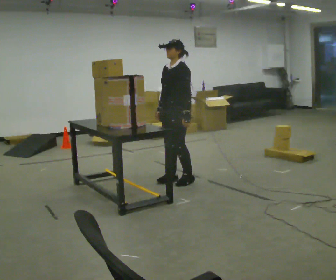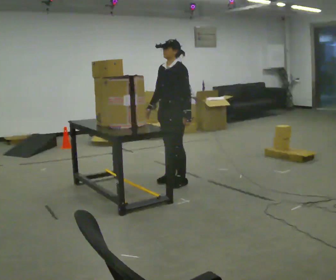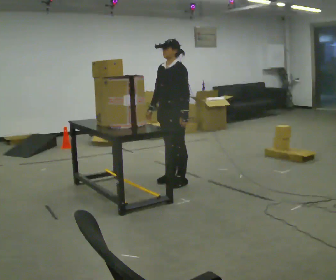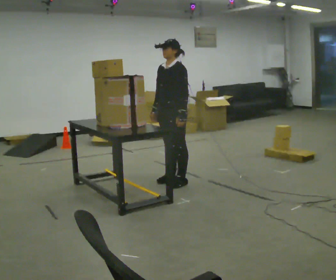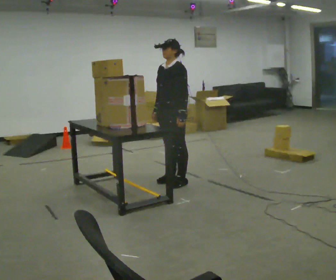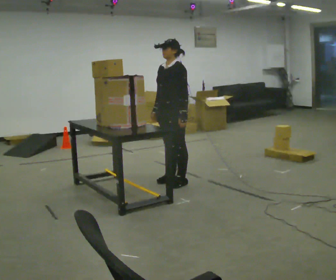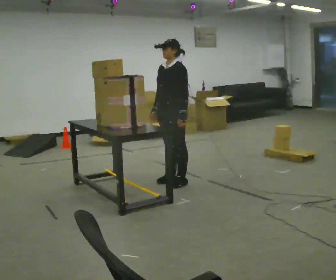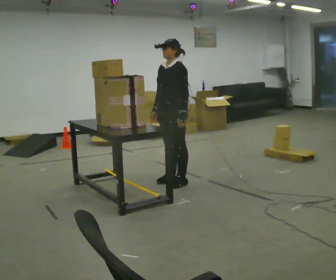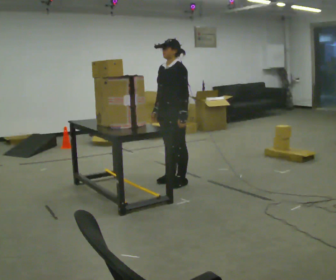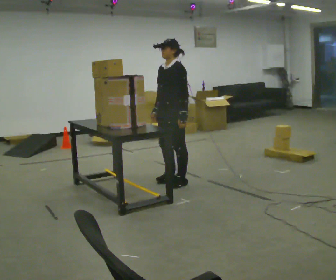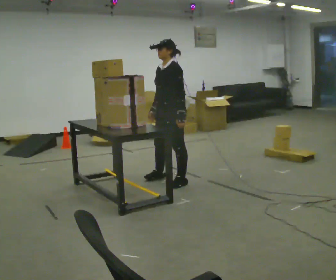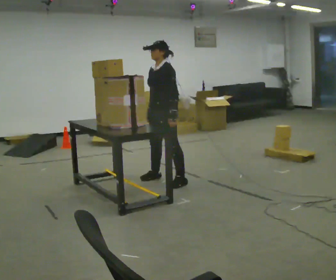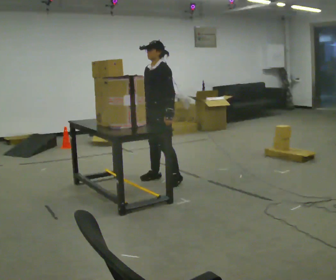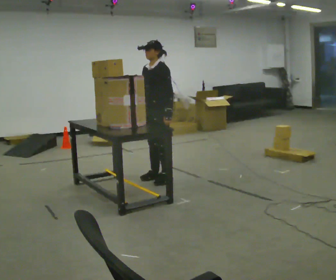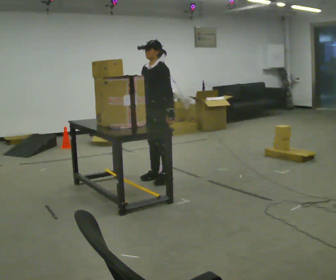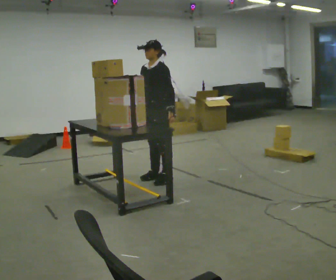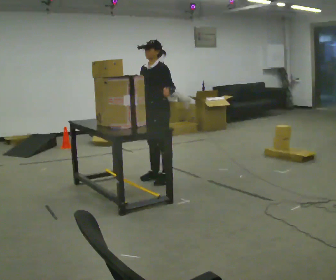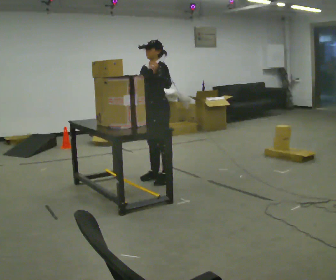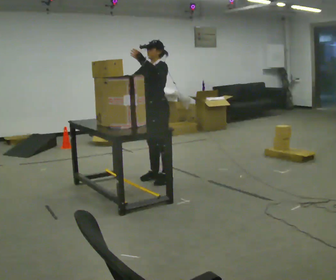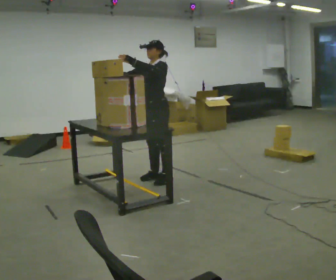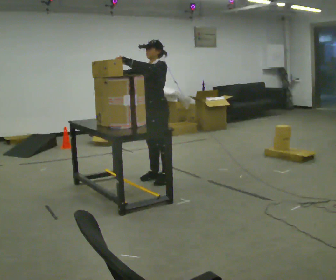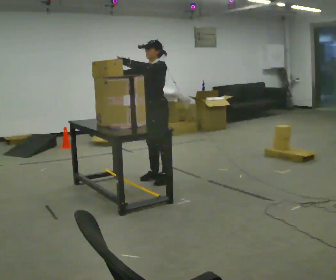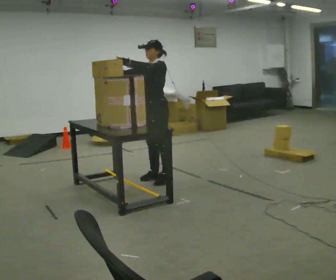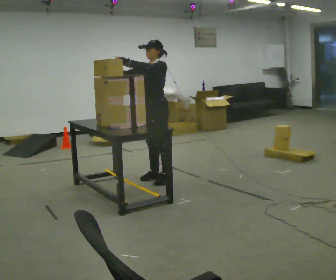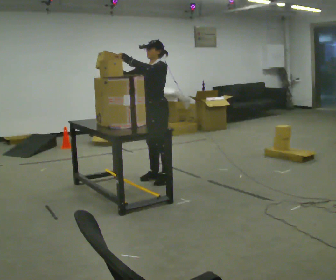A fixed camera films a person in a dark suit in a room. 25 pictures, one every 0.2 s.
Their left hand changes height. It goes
upward.
Their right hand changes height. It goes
upward.
0.0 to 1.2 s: The person moves a little, or ends about where they began.
1.2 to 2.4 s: In the picture they go away from the camera, about 0.25 m in 1 step, which for them is to their right.
2.4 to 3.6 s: In the picture their left hand goes upward and to the left.
3.6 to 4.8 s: The person moves a little, or ends about where they began.
The film runs forward here.
